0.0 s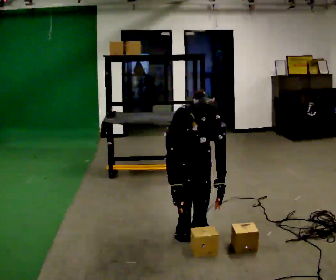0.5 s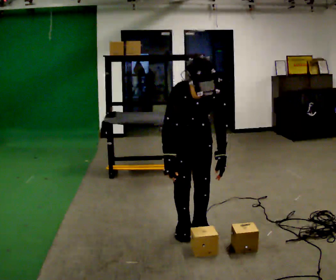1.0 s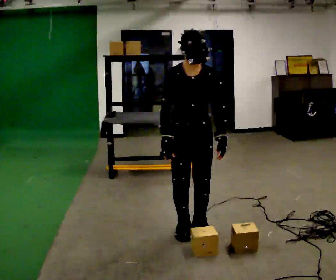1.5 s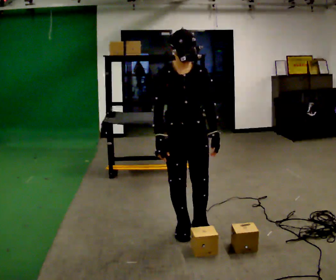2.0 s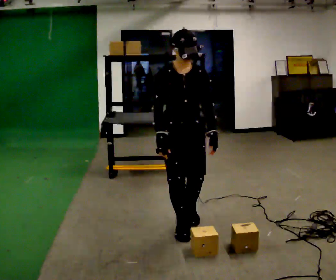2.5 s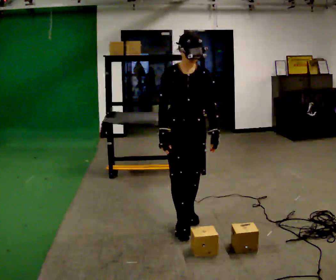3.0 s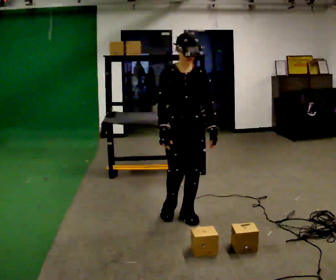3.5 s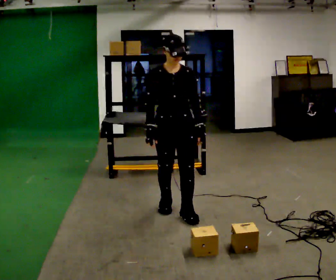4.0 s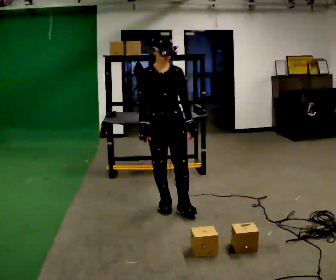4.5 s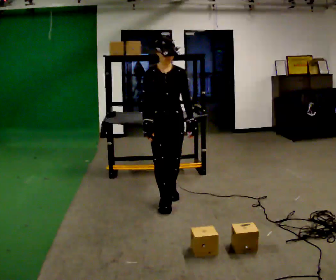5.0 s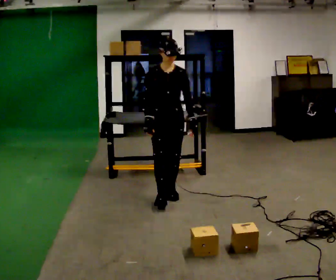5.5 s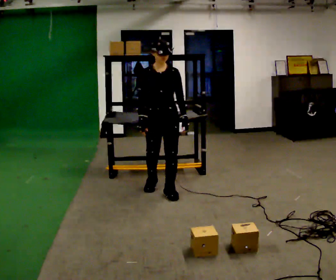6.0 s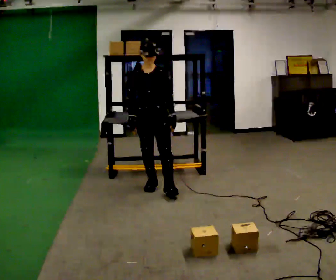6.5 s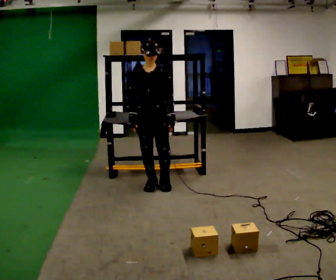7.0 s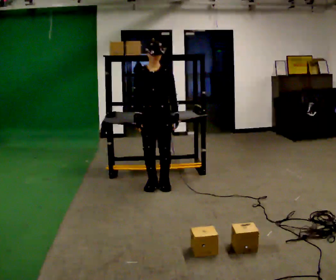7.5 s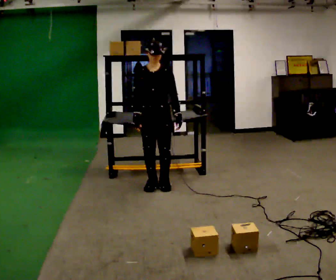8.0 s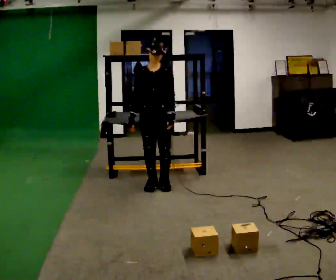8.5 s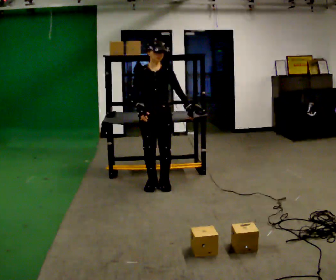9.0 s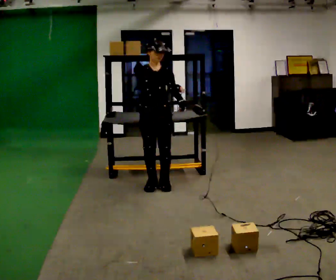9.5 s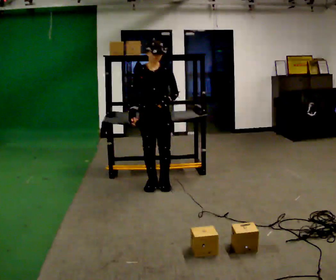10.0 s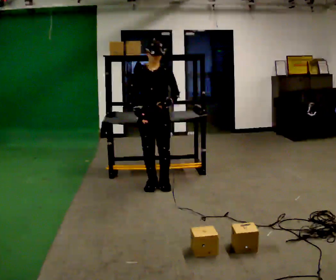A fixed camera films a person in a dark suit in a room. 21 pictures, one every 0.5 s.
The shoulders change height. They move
upward.
The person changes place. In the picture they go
away from the camera.
0.0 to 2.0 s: The shoulders move upward. The upper body tips away from the camera, its near side rolling upward, as they lean back or straighten. In the picture their left hand goes upward.
2.0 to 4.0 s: In the picture they go away from the camera, about 0.5 m in 2 steps, which for them is backward.
4.0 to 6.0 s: In the picture they go away from the camera, about 0.5 m in 1 step, which for them is backward.
6.0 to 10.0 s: The person moves a little, or ends about where they began.
The film runs backward here.
